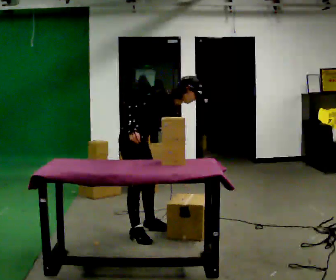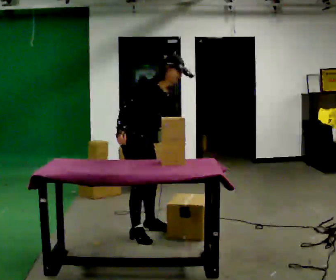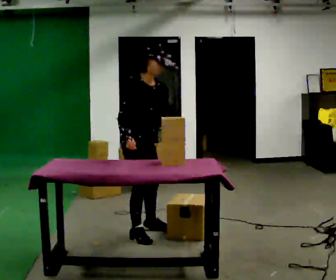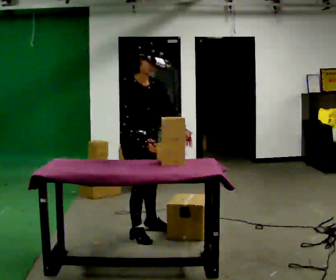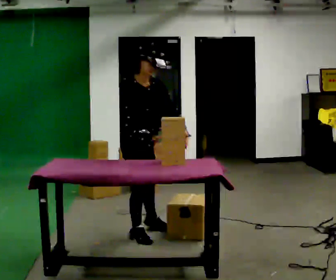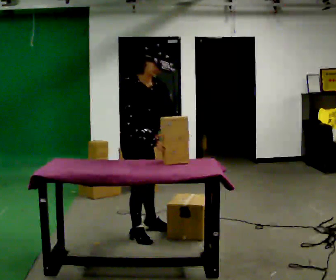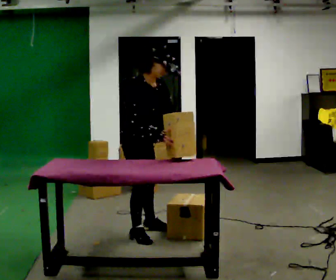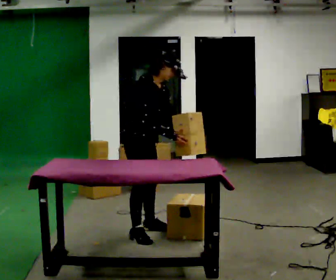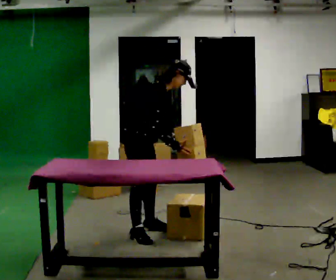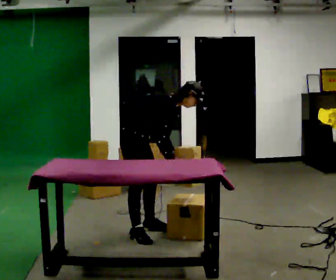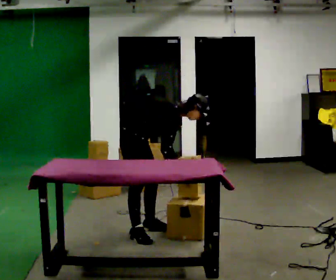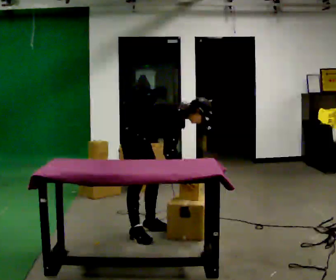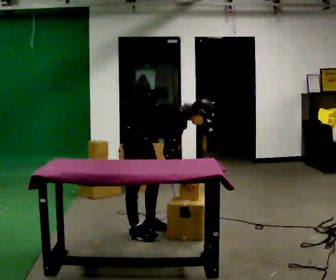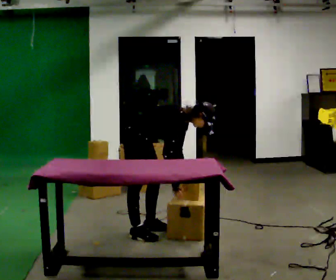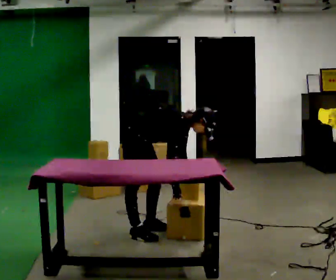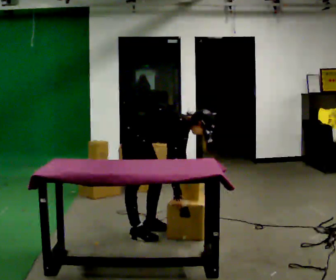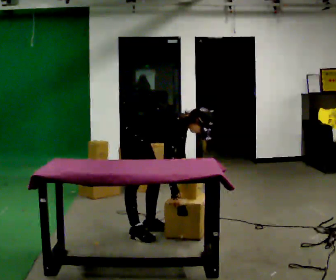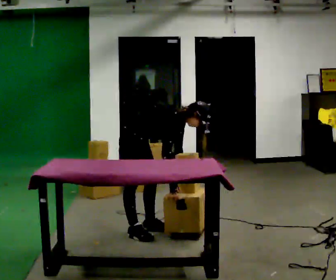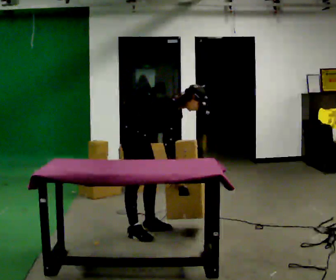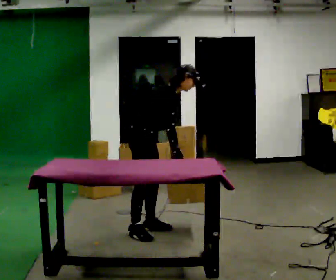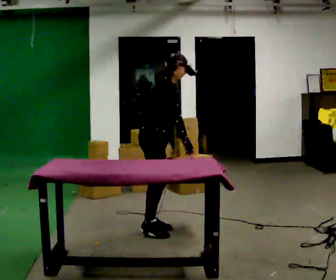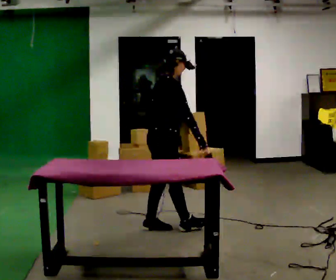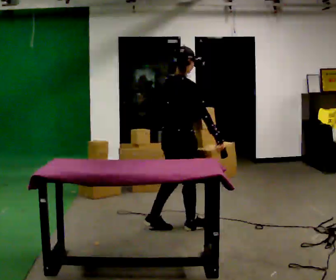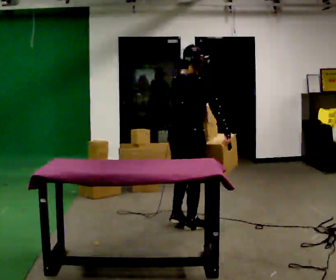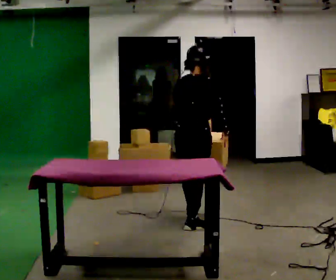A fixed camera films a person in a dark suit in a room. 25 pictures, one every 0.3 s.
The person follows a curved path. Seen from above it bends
clockwise.
0.0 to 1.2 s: In the picture the upper body tilts counterclockwise, shoulders to the left, as they lean back or straighten. In the picture their left hand goes upward.
1.2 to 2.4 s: In the picture they go away from the camera, about 0.25 m, which for them is to their left. In the picture the upper body tilts clockwise, shoulders to the right.
2.4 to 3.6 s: The upper body goes downward. In the picture the upper body tilts clockwise, shoulders to the right, as they bend forward.
3.6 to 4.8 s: The upper body tips toward the camera, its near side rolling downward.
4.8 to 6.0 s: The shoulders move upward. In the picture the upper body tilts counterclockwise, shoulders to the left, as they lean back or straighten. In the picture their right hand goes upward.
6.0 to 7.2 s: The part of the body nearest the lens slides to the right as the person turns to their left by about 75 degrees. In the picture they go to the right, about 0.5 m in 1 step. In the picture the upper body tilts counterclockwise, shoulders to the left, as they lean back or straighten.
The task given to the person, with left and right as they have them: 1. Take everything out of the crates by the door. 2. Put the small items on the middle shelf. 3. Put the large items on the bottom shelf. 4. Stack the empty crates by the door. 5. Tell the operator when you are finished.
The film runs forward here.
